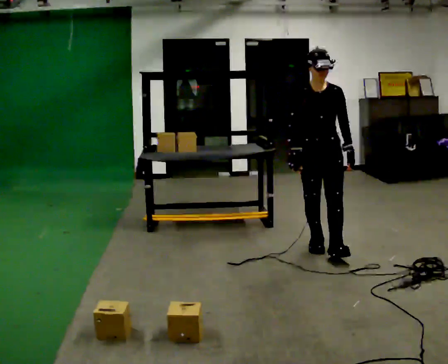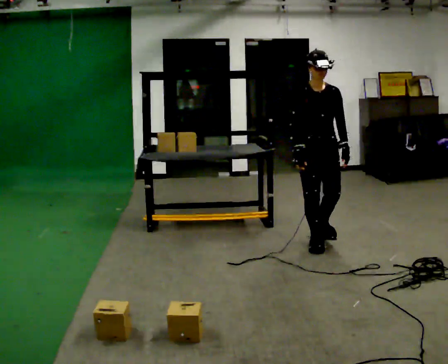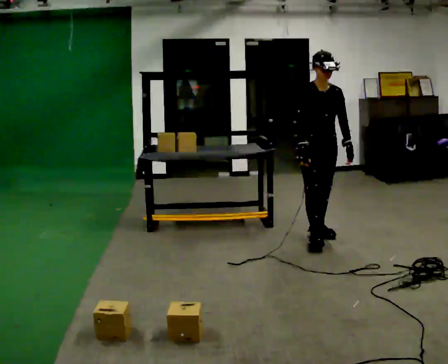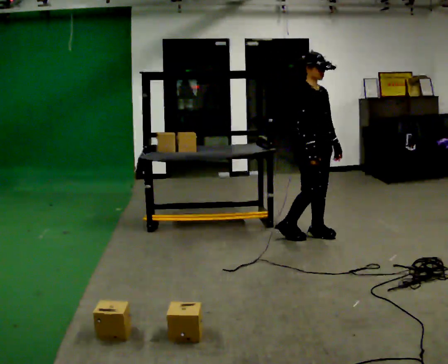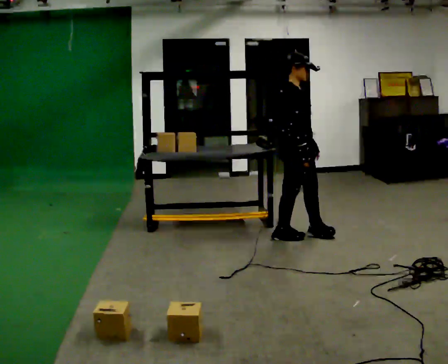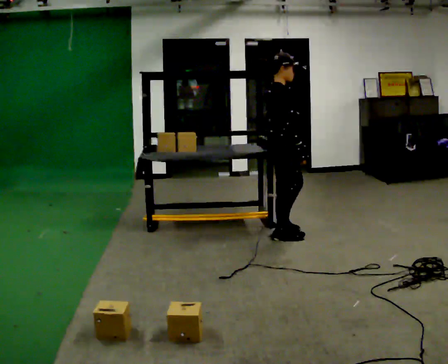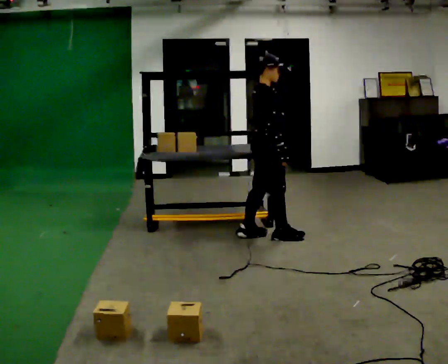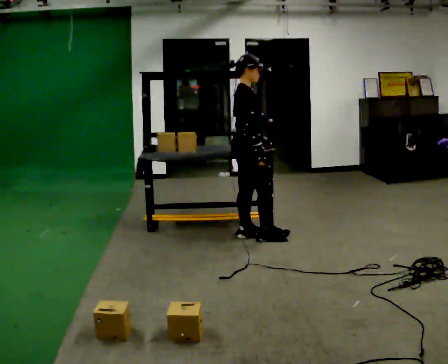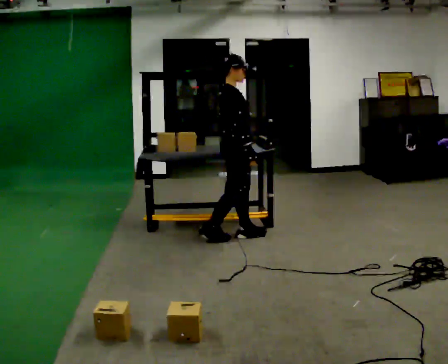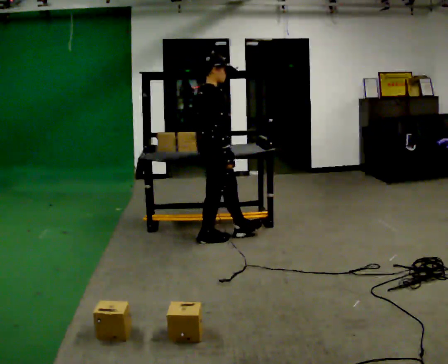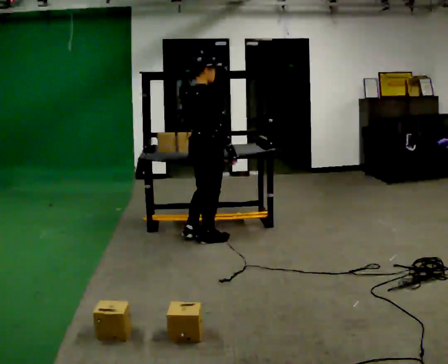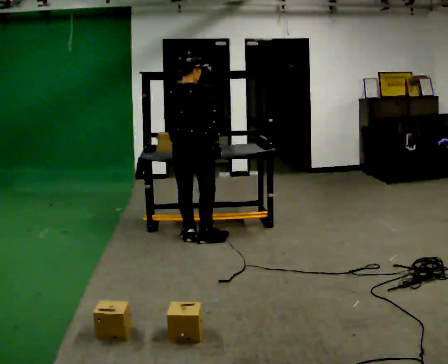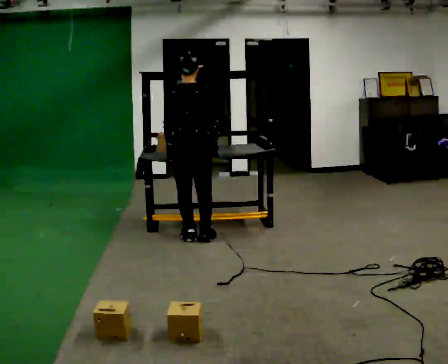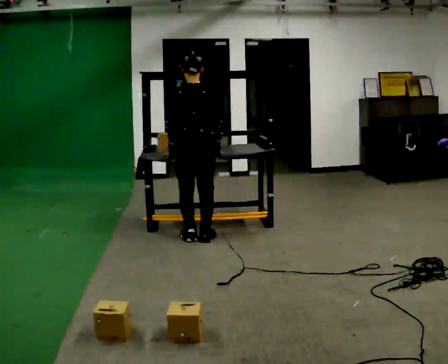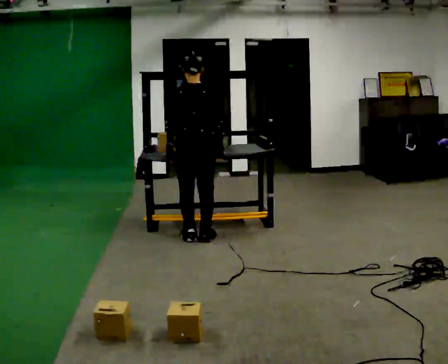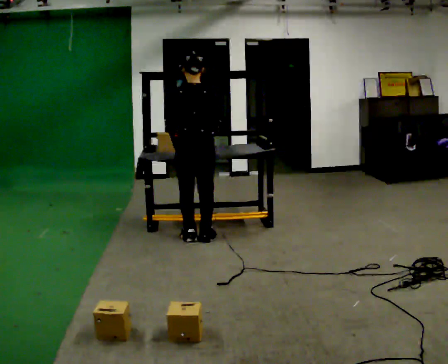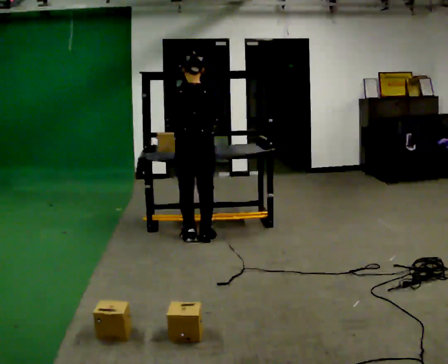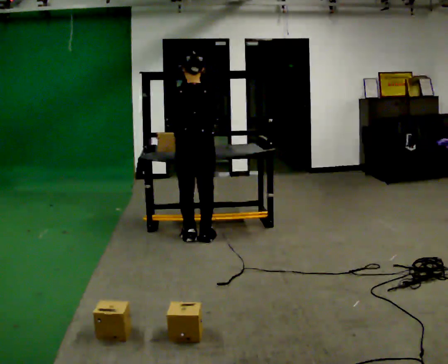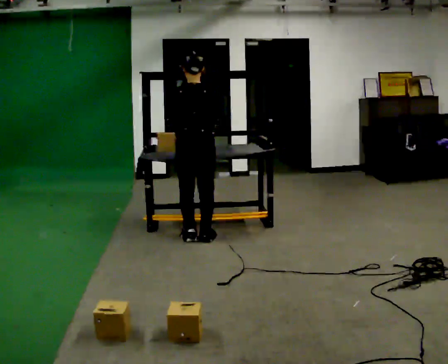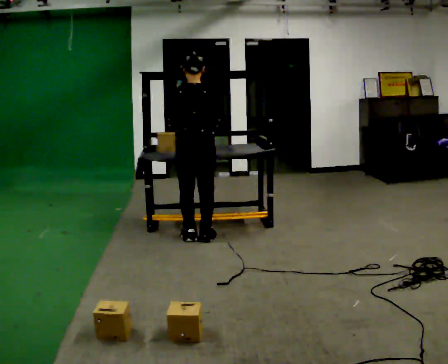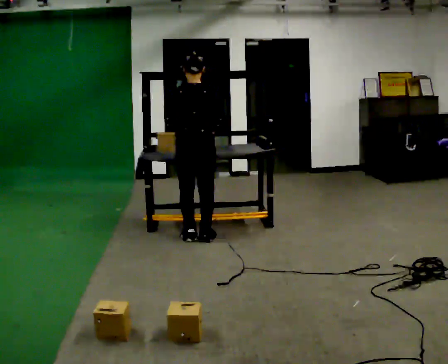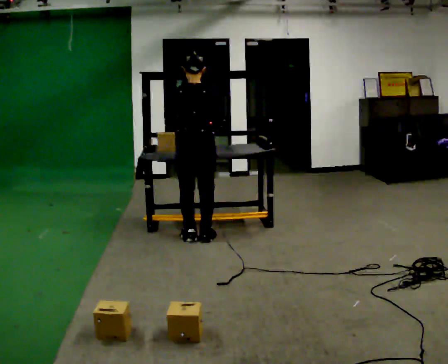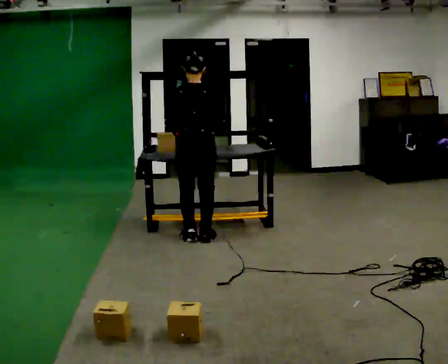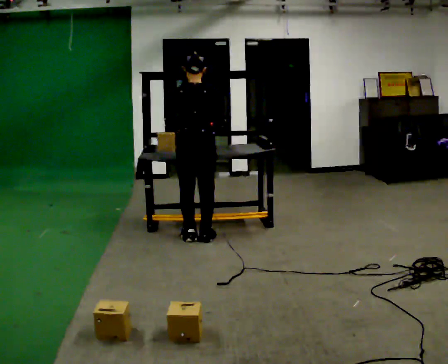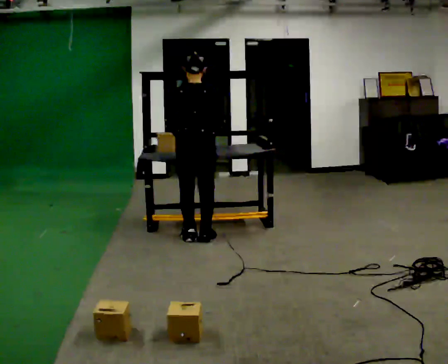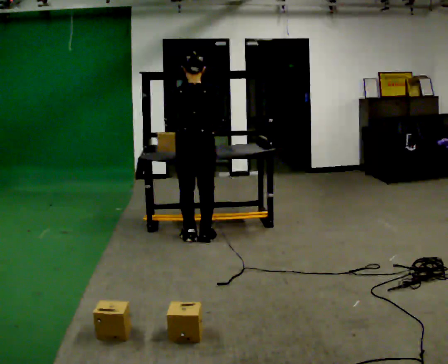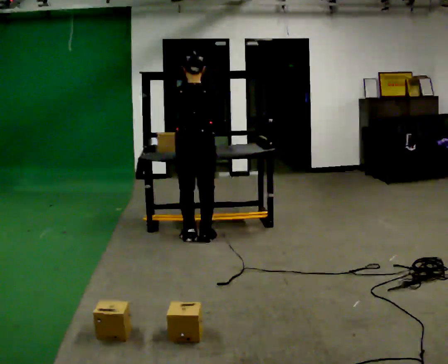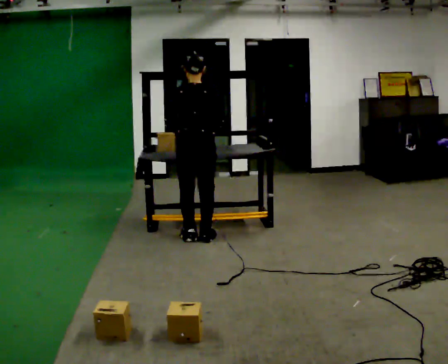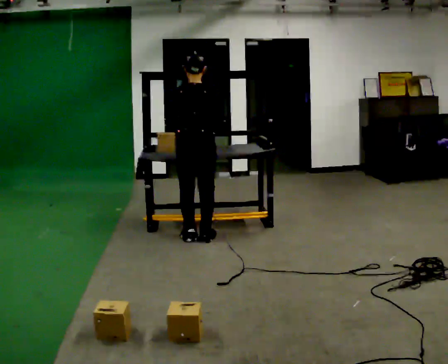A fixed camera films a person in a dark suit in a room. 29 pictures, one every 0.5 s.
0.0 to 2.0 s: Seen from above the body turns counterclockwise, about 75 degrees: to their left, with its near side sliding to the right. In the picture they go away from the camera, about 0.25 m in 2 steps.
2.0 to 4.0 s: In the picture they go to the left, about 0.5 m in 2 steps, which for them is backward.
4.0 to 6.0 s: The person turns about 90 degrees to their left, counterclockwise seen from above, so the part of the body nearest the lens slides to the right. In the picture they go to the left, about 0.25 m in 1 step.
6.0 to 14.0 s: The person moves a little, or ends about where they began.
The film runs backward here.
